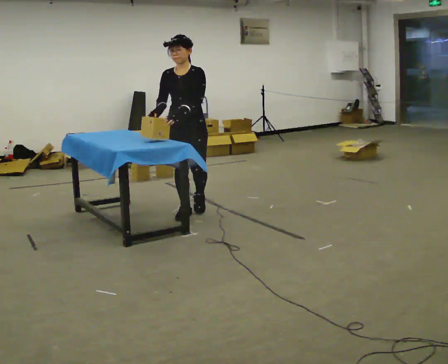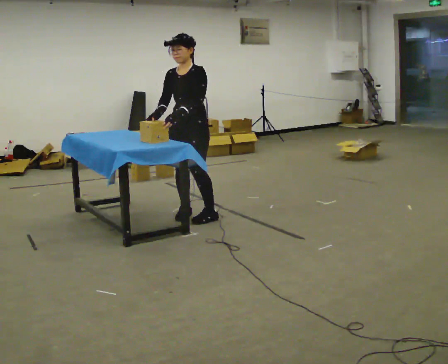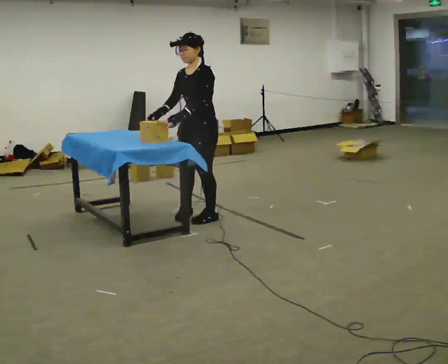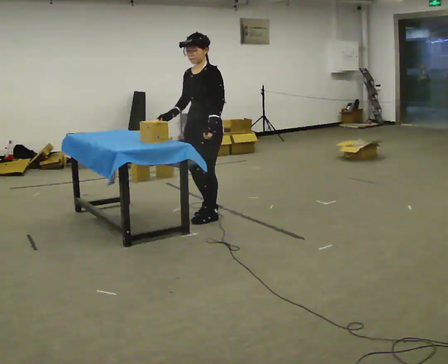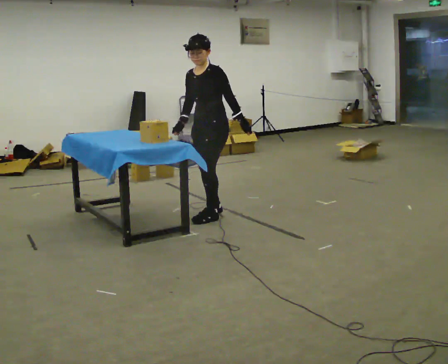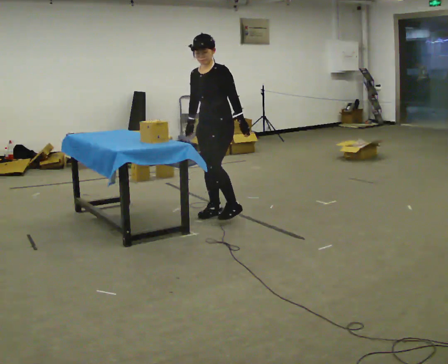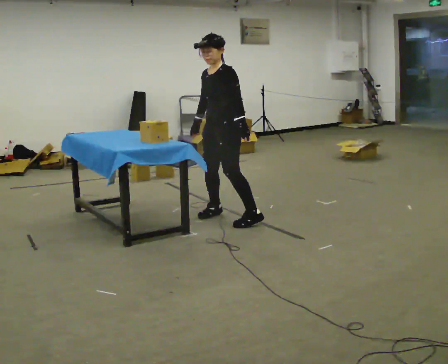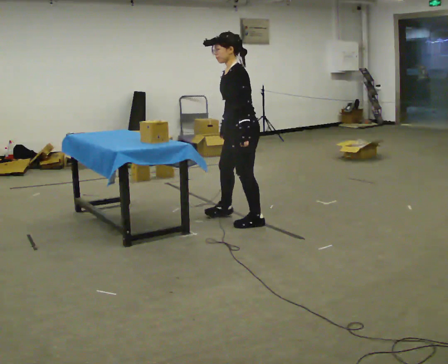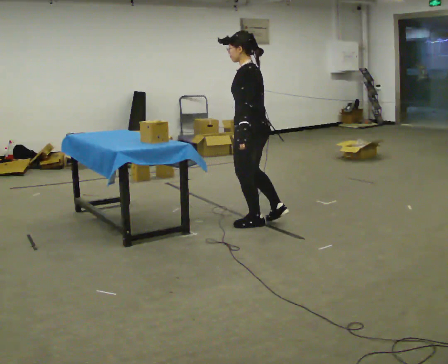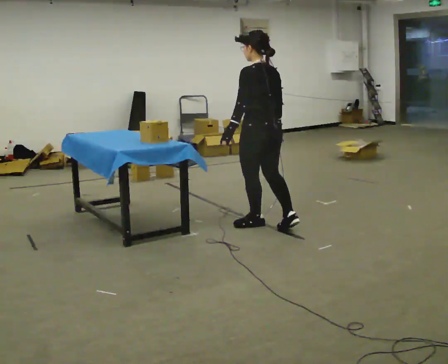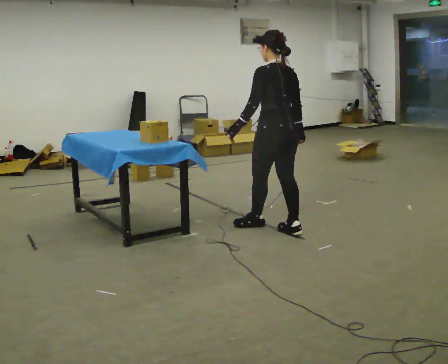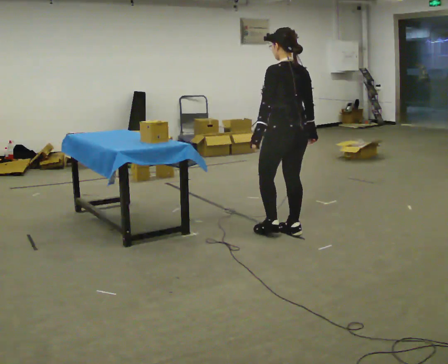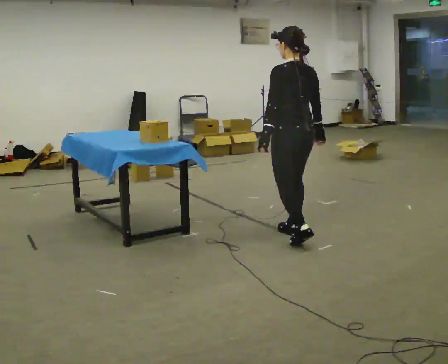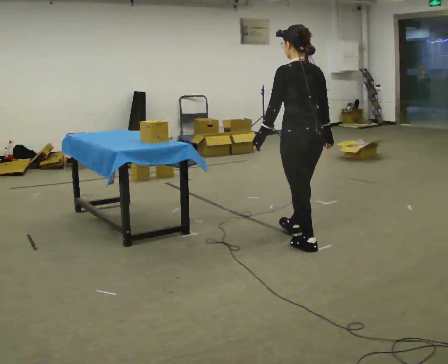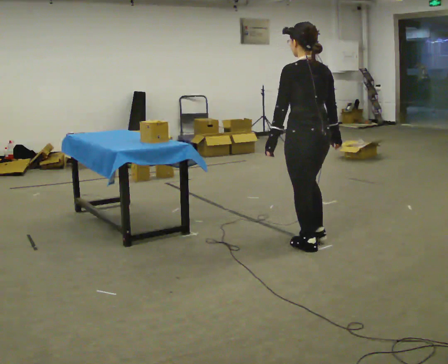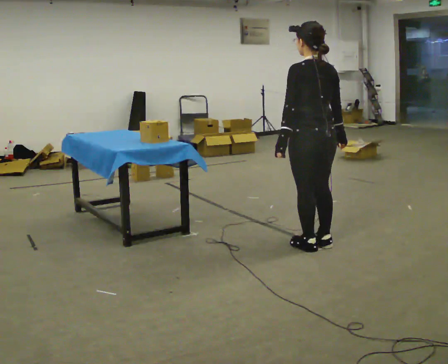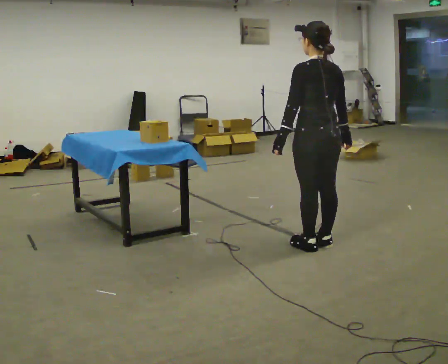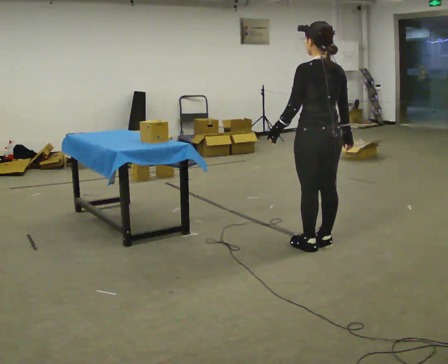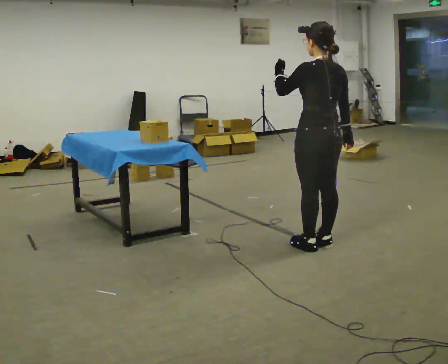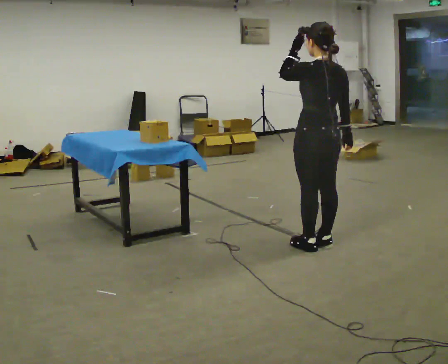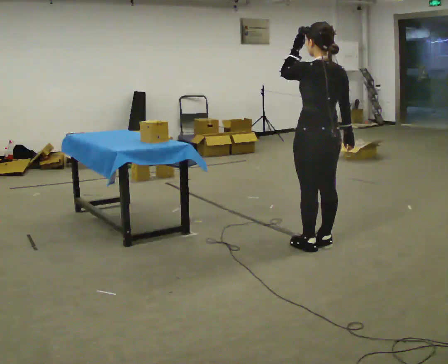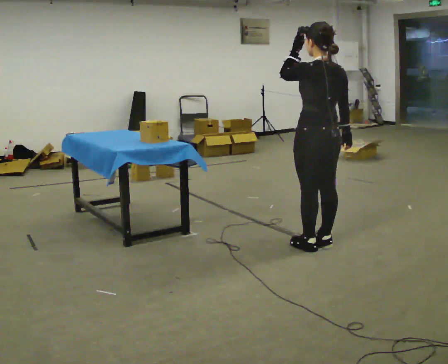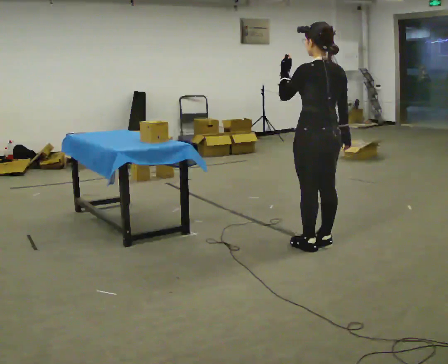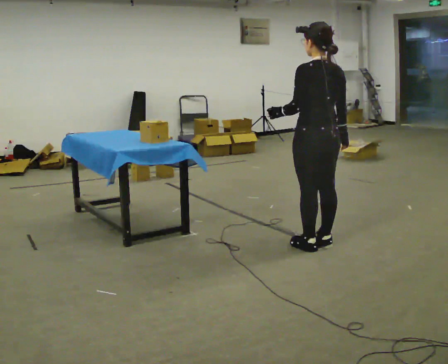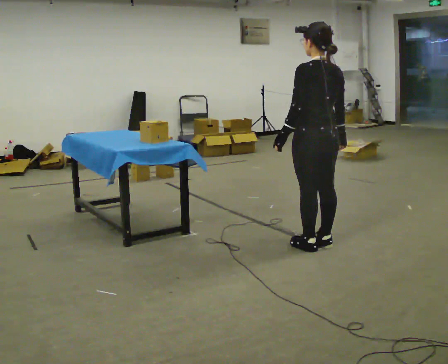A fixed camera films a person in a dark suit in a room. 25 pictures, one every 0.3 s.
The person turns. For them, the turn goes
to their right.
The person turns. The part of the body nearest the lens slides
to the left.
0.0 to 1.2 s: The part of the body nearest the lens slides to the left as the person turns to their right by about 30 degrees. In the picture they go to the right, about 0.25 m in 2 steps, which for them is to their left and backward. In the picture their left hand goes to the right.
1.2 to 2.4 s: The part of the body nearest the lens slides to the left as the person turns to their right by about 75 degrees. In the picture they go to the right and toward the camera, about 0.5 m in 1 step.
2.4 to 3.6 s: The person turns about 30 degrees to their right, clockwise seen from above, so the part of the body nearest the lens slides to the left. In the picture they go to the right and toward the camera, about 0.5 m in 1 step, which for them is backward.
3.6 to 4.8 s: In the picture they go toward the camera and to the right, about 0.25 m in 2 steps, which for them is backward.
4.8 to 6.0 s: In the picture their left hand goes upward.
6.0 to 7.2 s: In the picture their left hand goes downward.
The film runs forward here.
